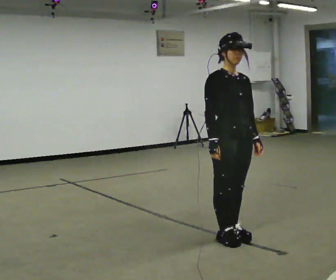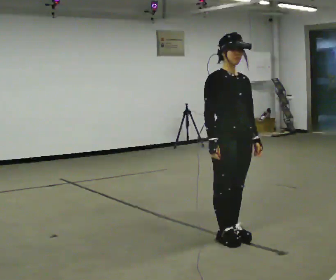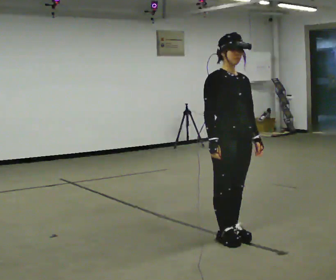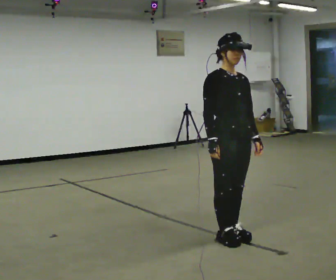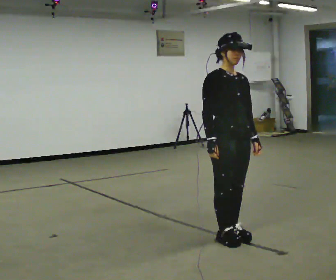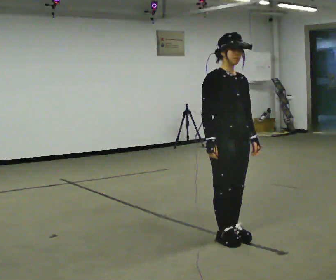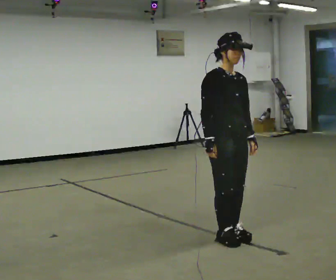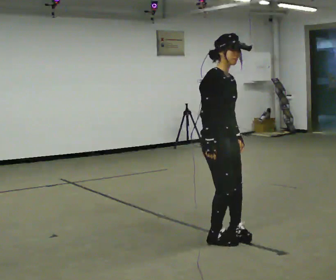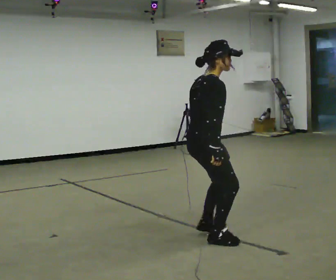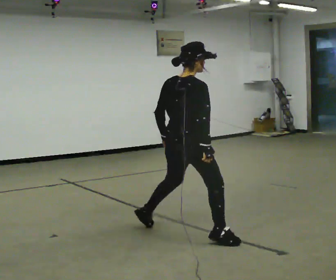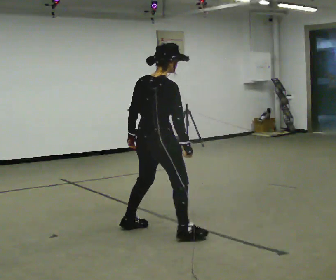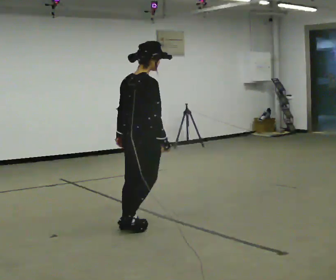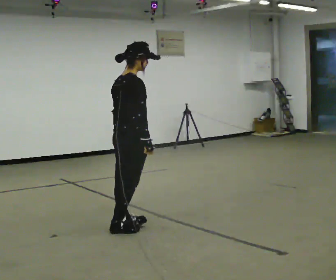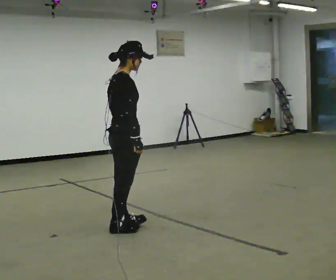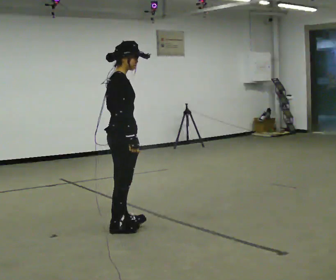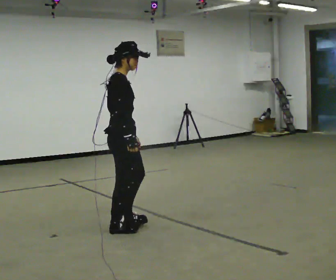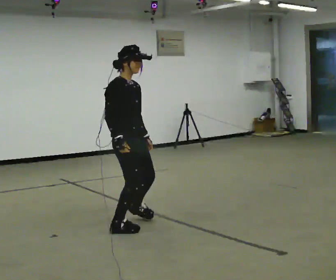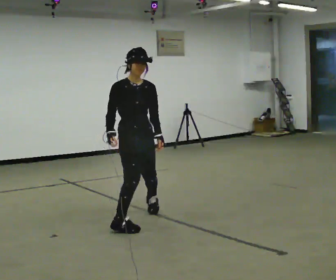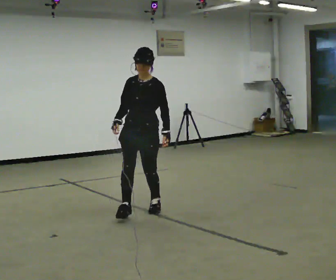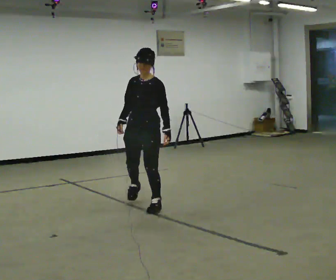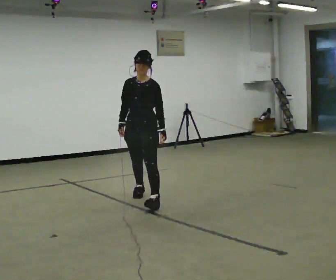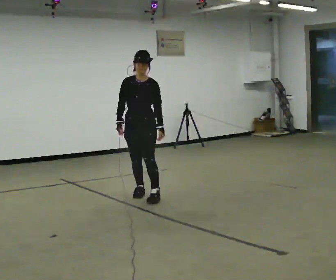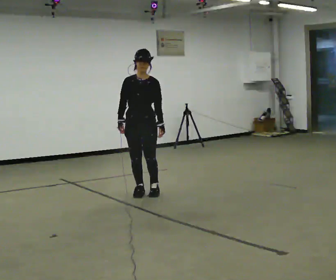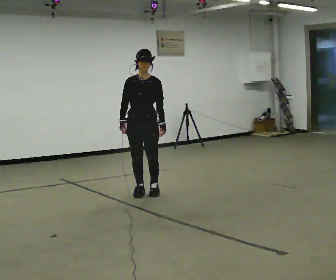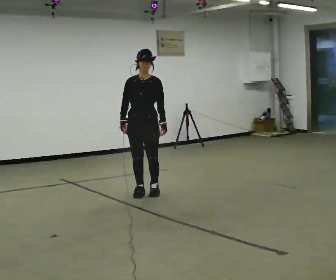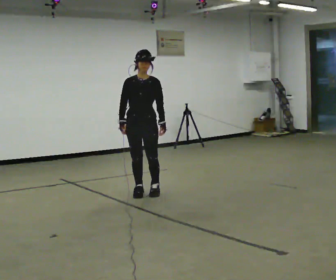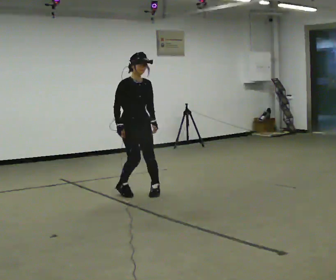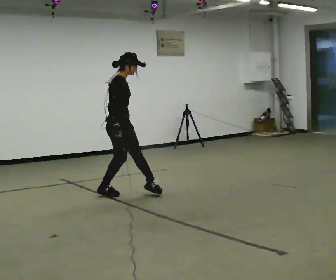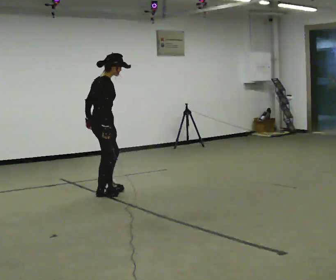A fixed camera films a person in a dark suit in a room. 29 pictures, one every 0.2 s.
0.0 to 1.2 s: The person moves a little, or ends about where they began.
1.2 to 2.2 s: Seen from above the body turns counterclockwise, about 90 degrees: to their left, with its near side sliding to the right. In the picture they go to the left and away from the camera, about 1 m in 1 step.
2.2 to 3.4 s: The part of the body nearest the lens slides to the left as the person turns to their right by about 90 degrees. In the picture they go away from the camera, about 0.25 m in 1 step.
3.4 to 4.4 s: Seen from above the body turns clockwise, about 45 degrees: to their right, with its near side sliding to the left. In the picture they go away from the camera, about 1 m in 3 steps, which for them is backward and to their right.
4.4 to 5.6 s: The part of the body nearest the lens slides to the right as the person turns to their left by about 120 degrees. In the picture they go to the left, about 0.5 m in 1 step.
The film runs forward here.
